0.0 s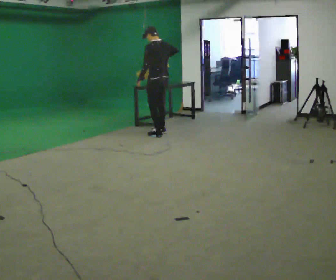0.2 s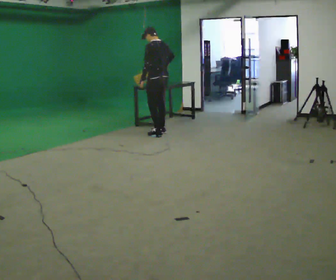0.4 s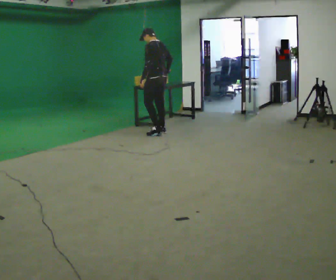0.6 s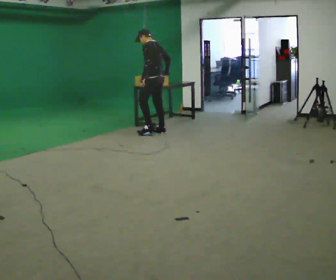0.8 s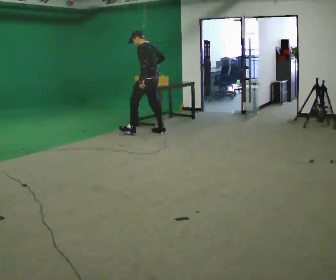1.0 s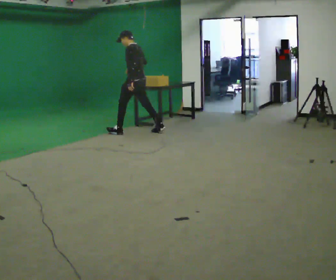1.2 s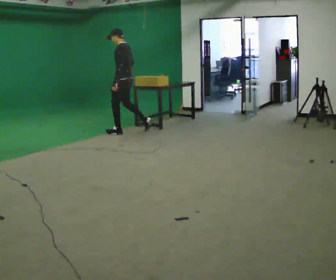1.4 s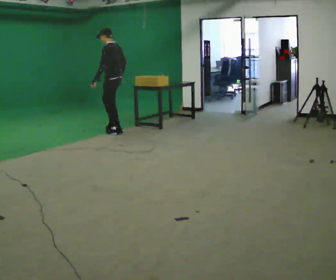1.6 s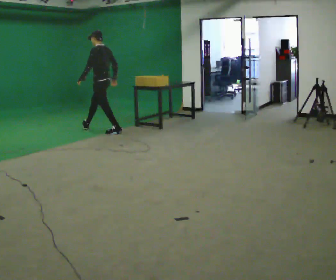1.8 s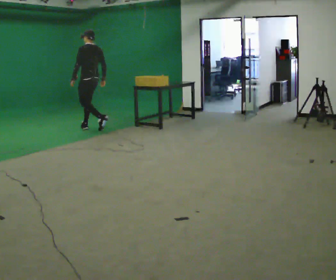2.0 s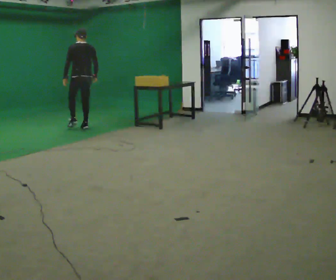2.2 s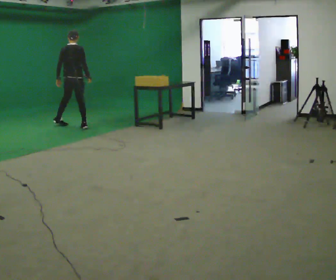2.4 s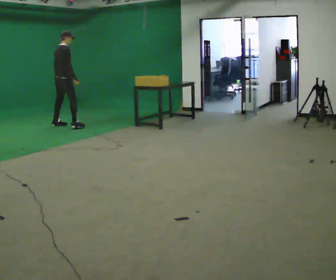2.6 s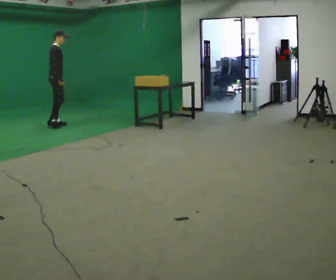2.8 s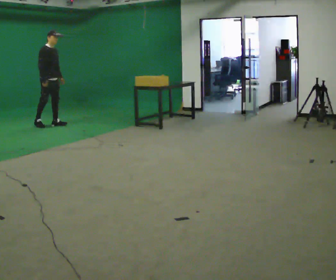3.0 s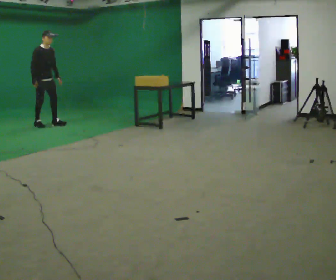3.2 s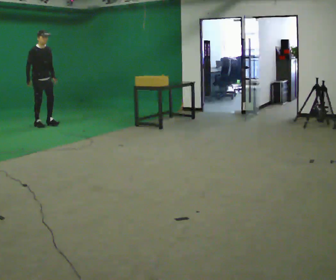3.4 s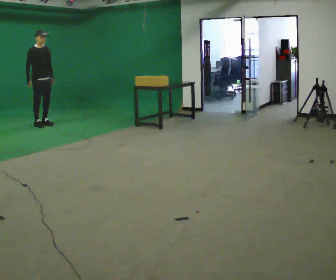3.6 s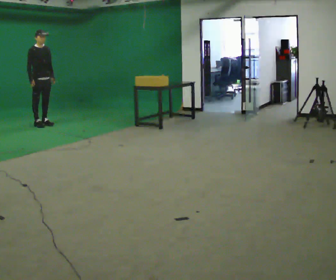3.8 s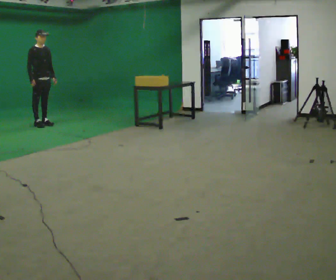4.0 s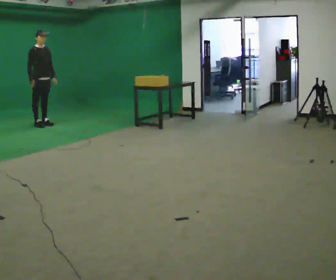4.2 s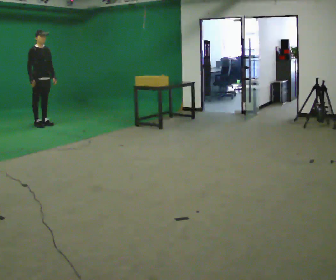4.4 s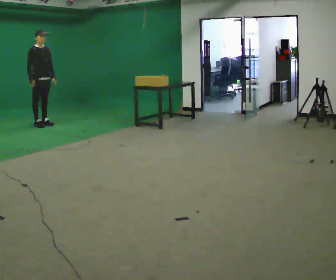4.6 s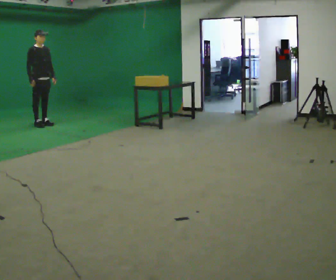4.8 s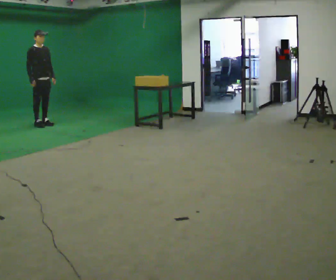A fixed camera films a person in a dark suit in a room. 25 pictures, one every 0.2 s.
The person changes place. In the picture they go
to the left.
0.0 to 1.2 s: Seen from above the body turns counterclockwise, about 30 degrees: to their left, with its near side sliding to the right. In the picture they go to the left and away from the camera, about 0.5 m in 1 step, which for them is forward.
1.2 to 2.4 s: The person turns about 120 degrees to their right, clockwise seen from above, so the part of the body nearest the lens slides to the left. In the picture they go to the left and away from the camera, about 1.5 m in 2 steps.
2.4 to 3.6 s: Seen from above the body turns clockwise, about 75 degrees: to their right, with its near side sliding to the left. In the picture they go to the left, about 0.5 m in 2 steps.
3.6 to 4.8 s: The person moves a little, or ends about where they began.
The film runs forward here.
